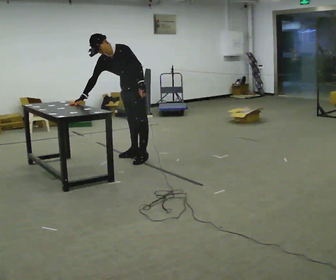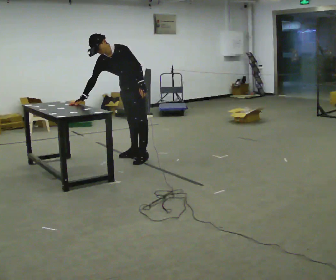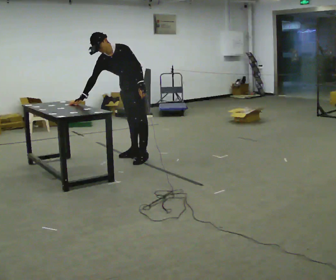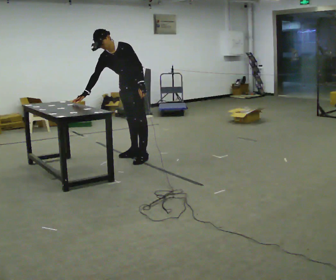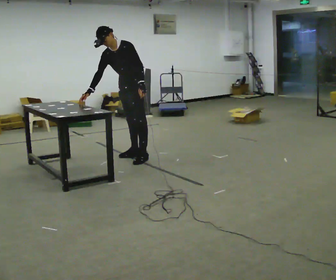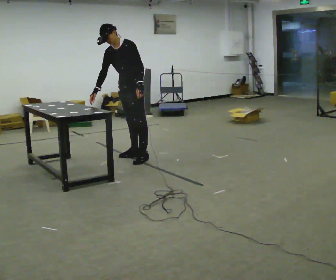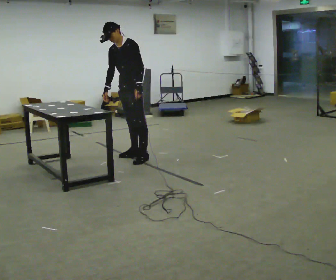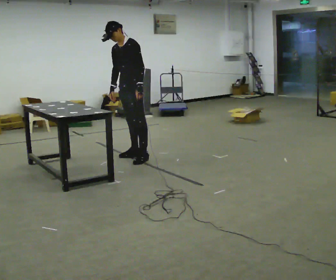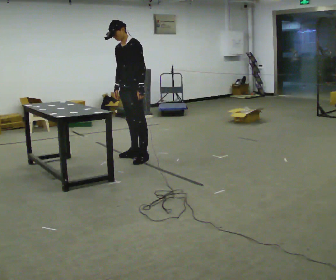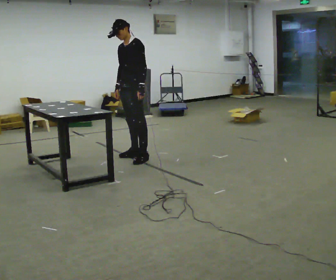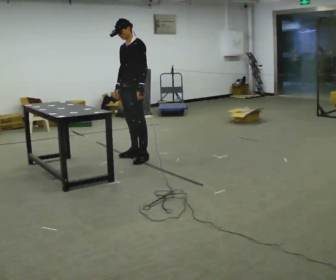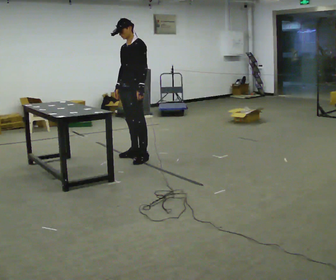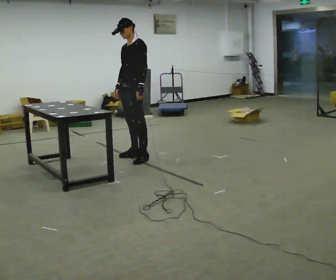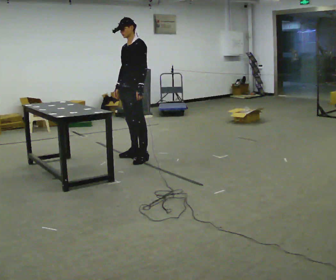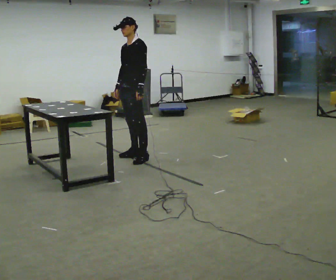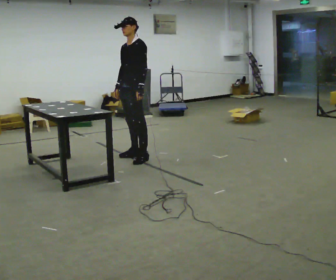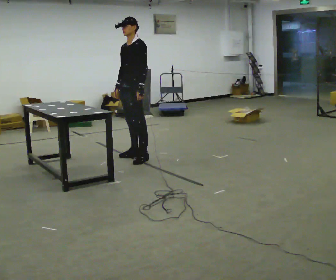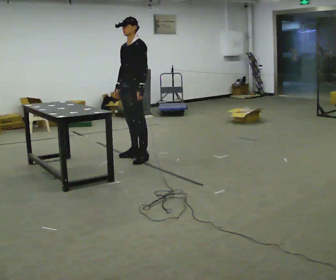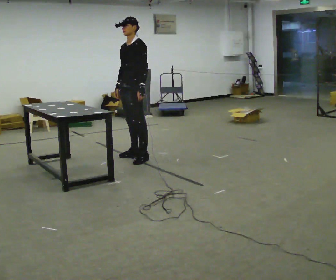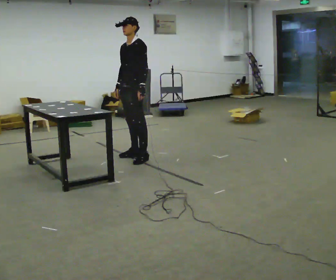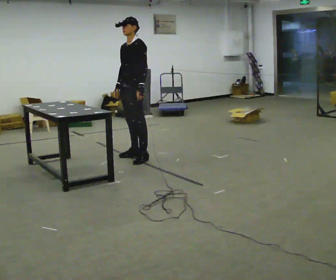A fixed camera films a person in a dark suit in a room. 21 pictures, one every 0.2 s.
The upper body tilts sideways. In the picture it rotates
clockwise.
0.0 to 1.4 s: In the picture the upper body tilts clockwise, shoulders to the right, as they lean back or straighten. In the picture their right hand goes to the right.
1.4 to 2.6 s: The person moves a little, or ends about where they began.
2.6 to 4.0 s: The person keeps their place and pose.
The film runs backward here.
